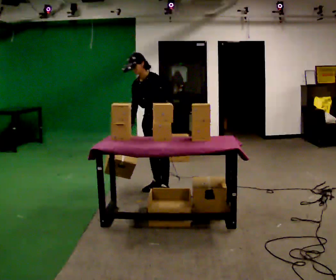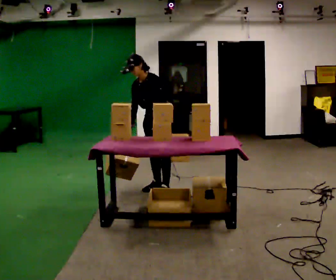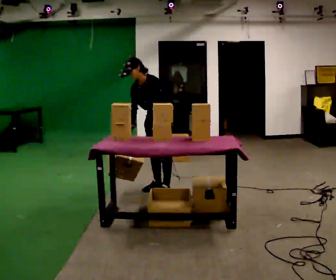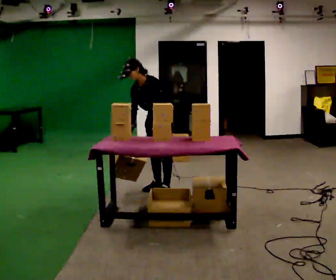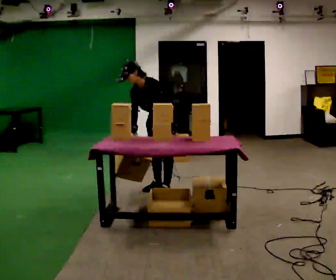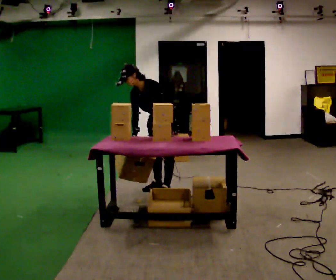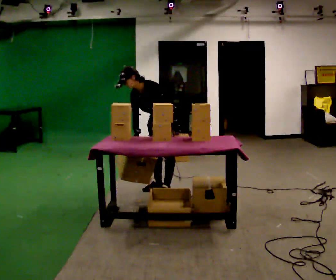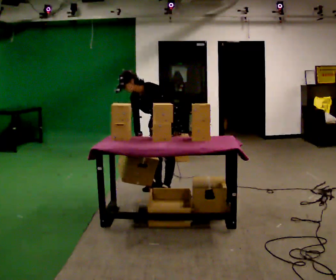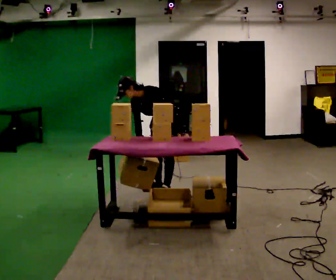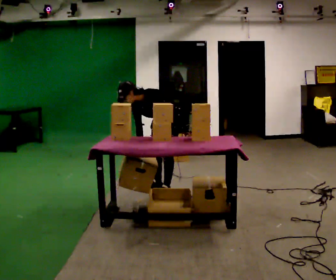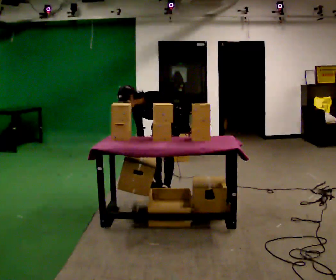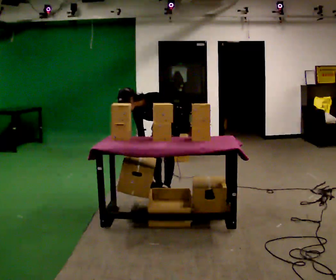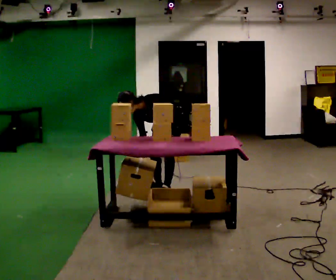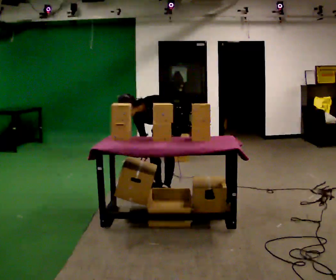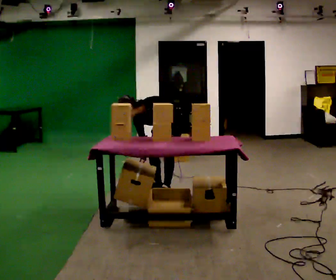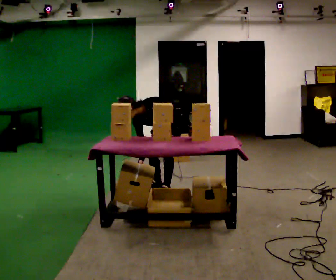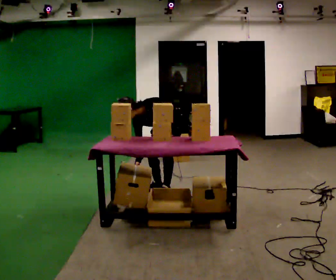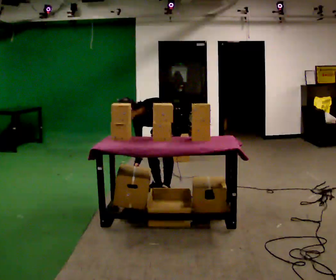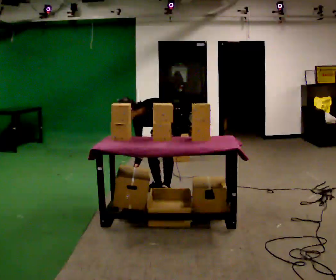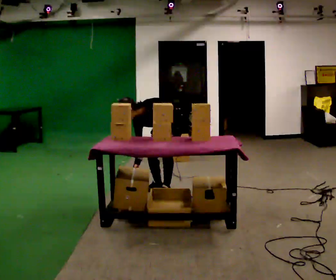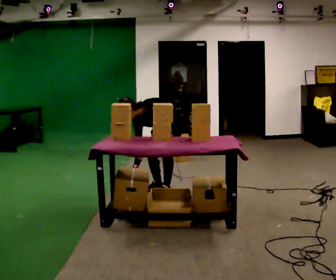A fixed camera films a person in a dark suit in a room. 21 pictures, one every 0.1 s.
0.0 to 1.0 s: The upper body goes downward. The upper body tips toward the camera, its near side rolling downward, as they bend forward.
1.0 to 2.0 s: The person moves a little, or ends about where they began.
The film runs backward here.
